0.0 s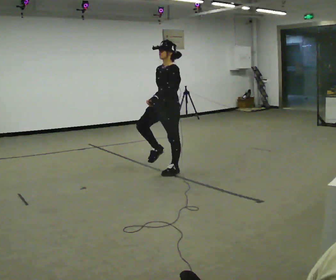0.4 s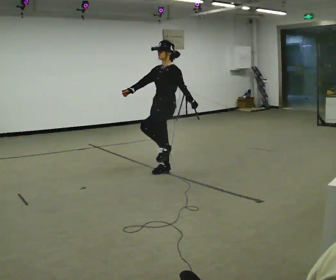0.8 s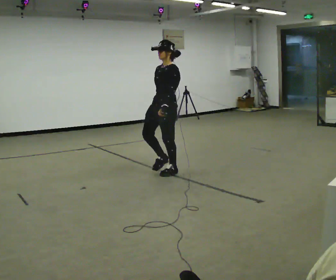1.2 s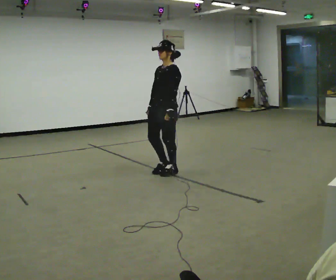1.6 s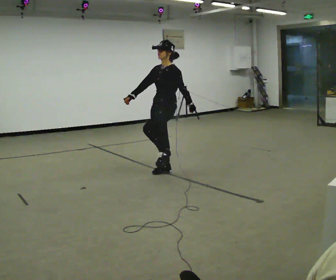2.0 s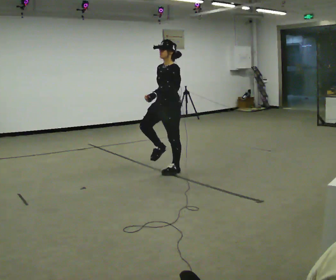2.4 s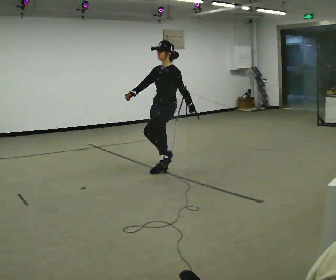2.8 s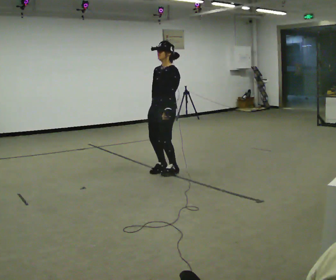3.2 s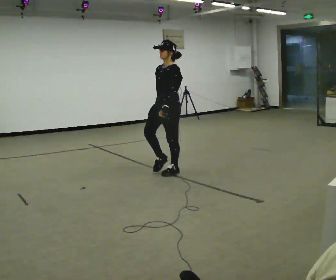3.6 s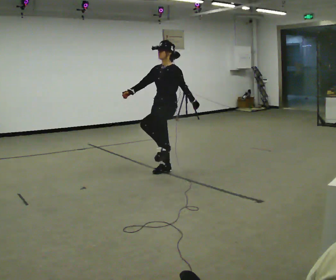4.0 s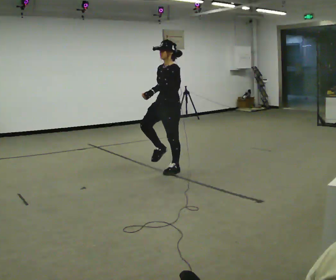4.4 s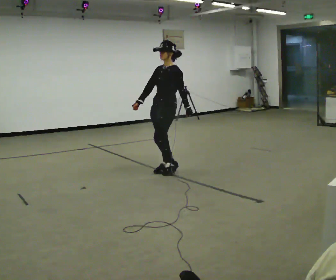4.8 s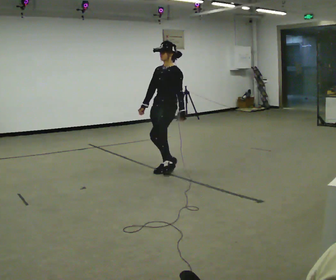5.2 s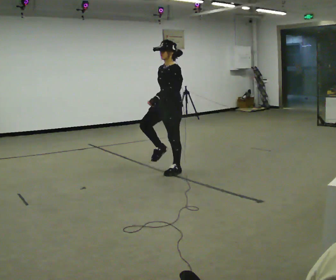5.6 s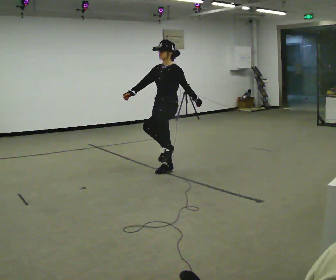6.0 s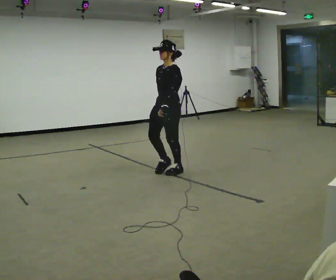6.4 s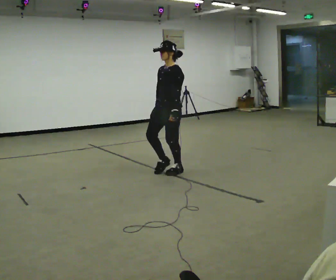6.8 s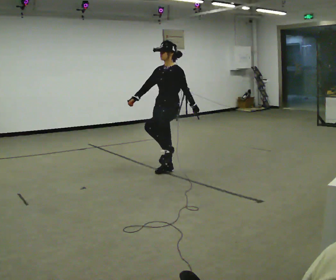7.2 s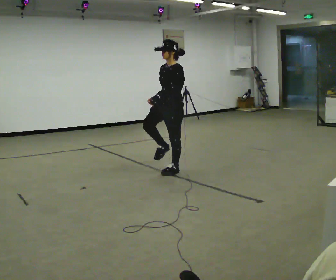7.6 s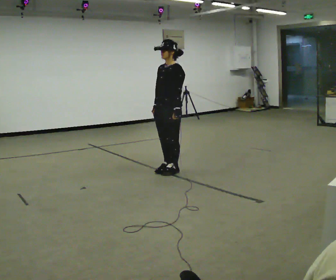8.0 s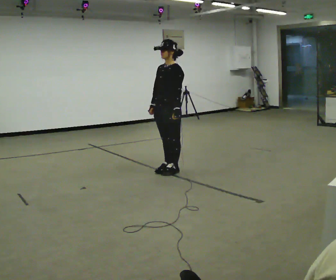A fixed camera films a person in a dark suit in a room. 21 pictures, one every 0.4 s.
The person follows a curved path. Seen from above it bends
clockwise.
0.0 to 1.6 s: In the picture their right hand goes to the left.
1.6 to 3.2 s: In the picture their right hand goes to the right.
3.2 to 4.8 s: In the picture their right hand goes to the left.
4.8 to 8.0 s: The person moves a little, or ends about where they began.
The film runs backward here.
